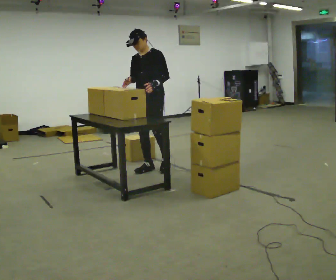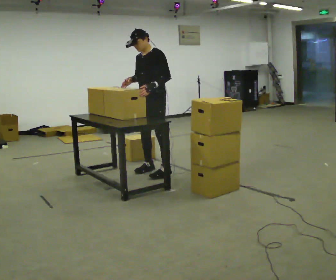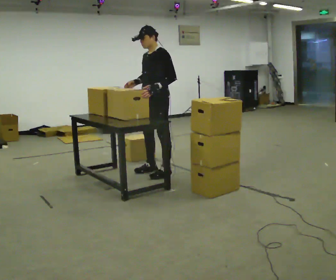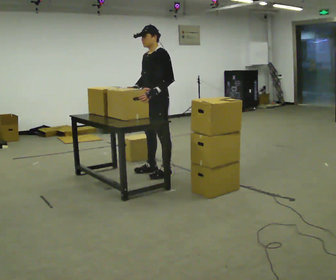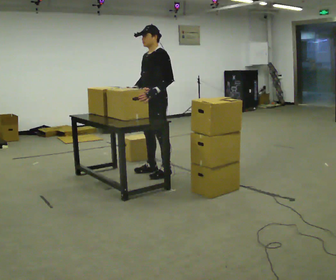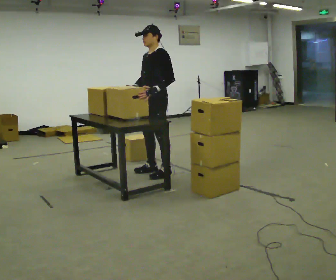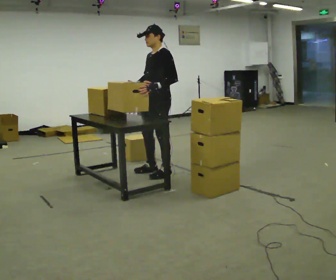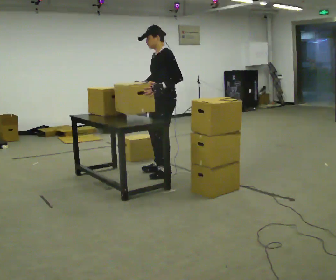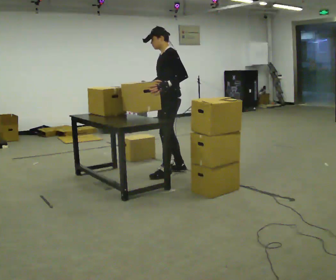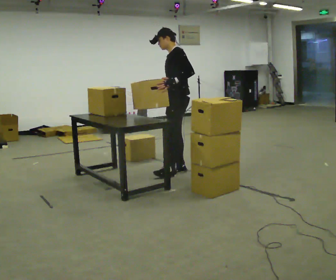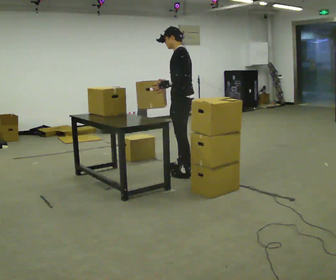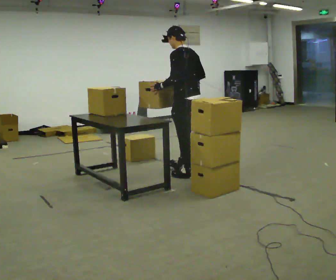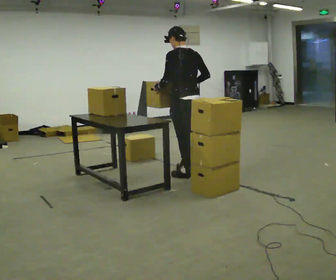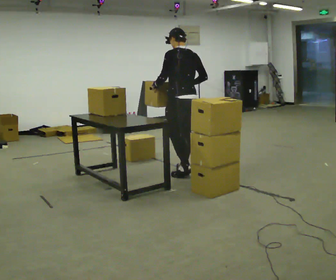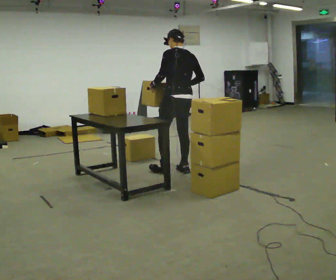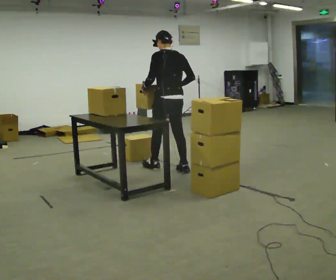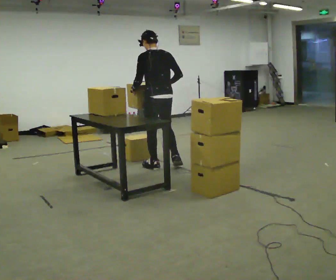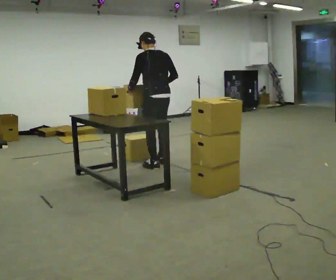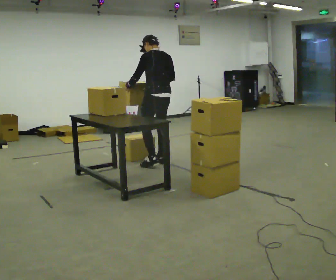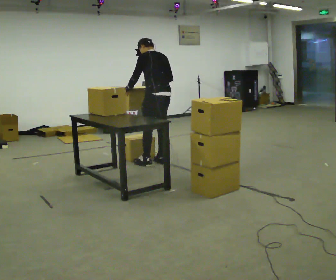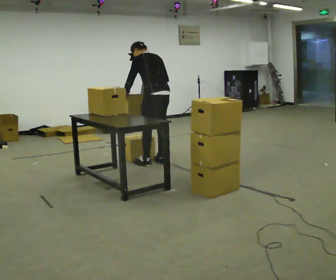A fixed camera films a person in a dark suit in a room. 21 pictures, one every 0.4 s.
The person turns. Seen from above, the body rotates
clockwise.
The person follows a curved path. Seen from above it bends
counterclockwise.
0.0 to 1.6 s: Seen from above the body turns clockwise, about 30 degrees: to their right, with its near side sliding to the left. In the picture they go toward the camera, about 0.25 m in 1 step, which for them is to their left.
1.6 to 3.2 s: In the picture they go to the right, about 0.25 m in 1 step, which for them is backward.
3.2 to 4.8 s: The part of the body nearest the lens slides to the left as the person turns to their right by about 60 degrees.
4.8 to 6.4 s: In the picture they go to the left and away from the camera, about 0.5 m in 1 step, which for them is forward.
6.4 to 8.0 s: In the picture they go away from the camera, about 0.25 m in 2 steps, which for them is forward. The upper body tips away from the camera, its near side rolling upward, as they bend forward.
The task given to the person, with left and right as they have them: Pick an object up off the floor at your feet and place it on the waist-height shelf in front of you. Repeat at your own pace until the operator says stop. Keep both feet on the marked spots for the whole take. If you have to step, stop and tell the operator.
The film runs forward here.
